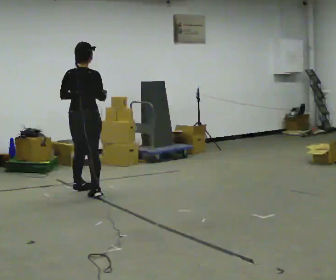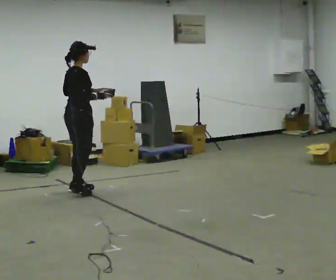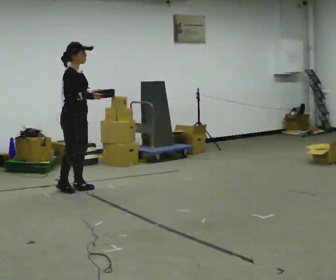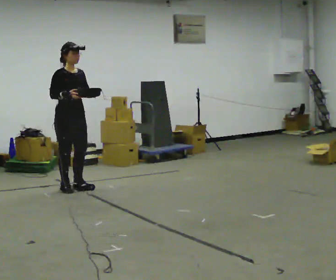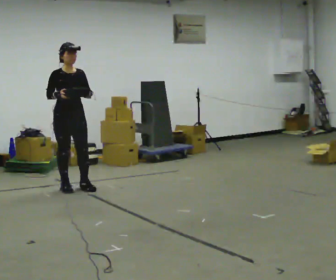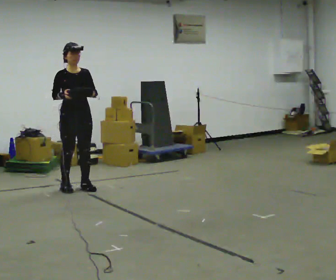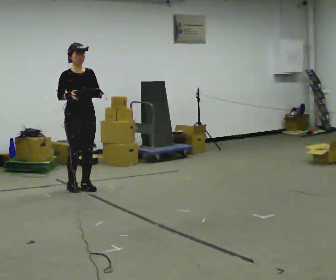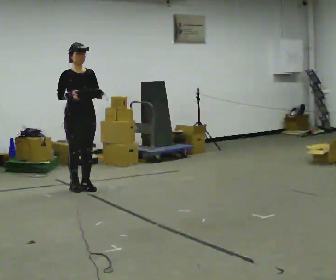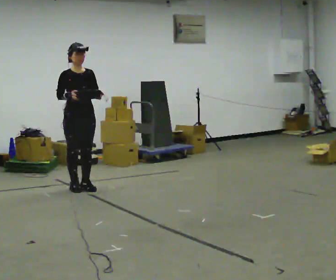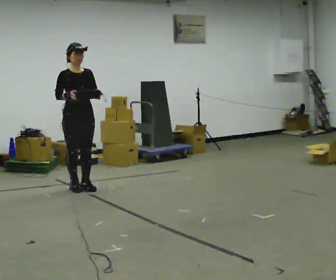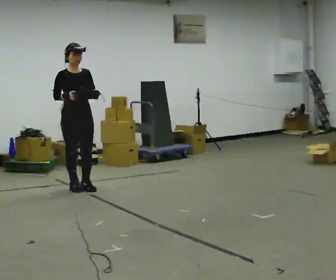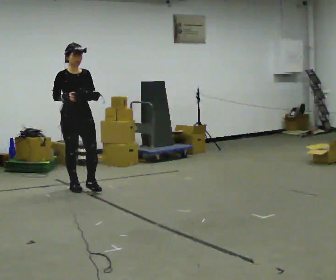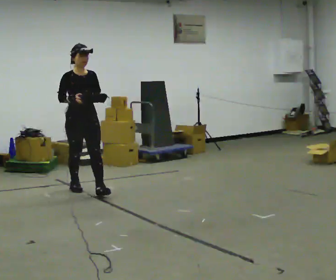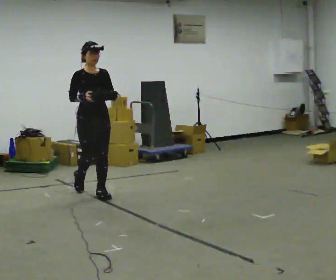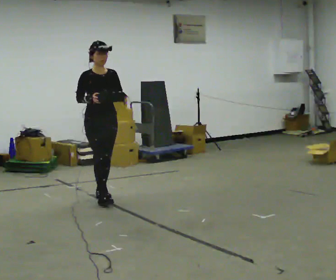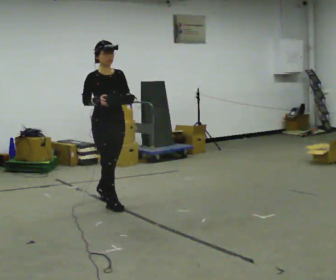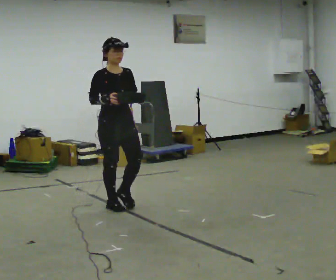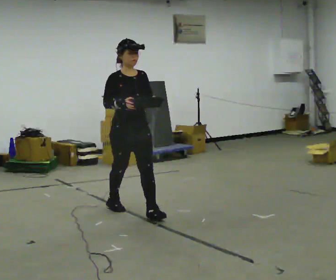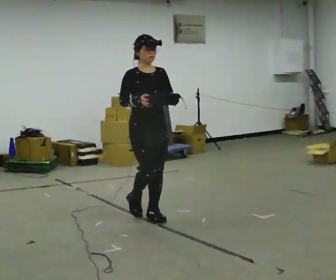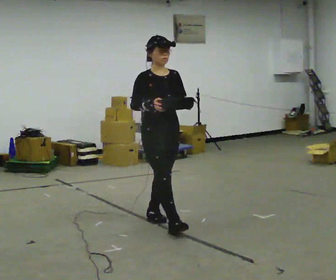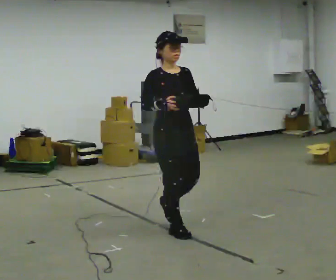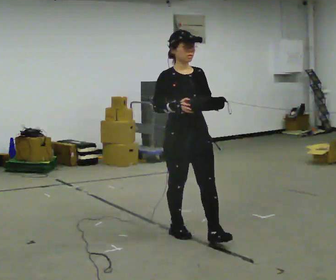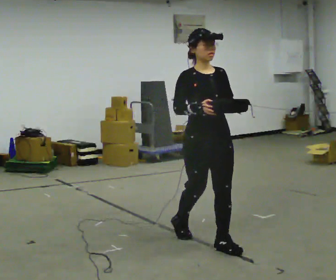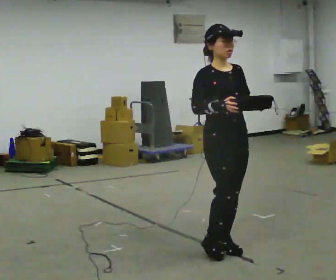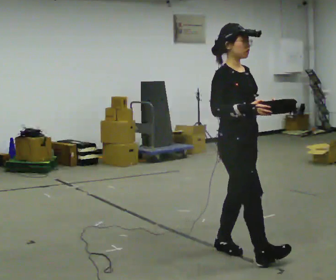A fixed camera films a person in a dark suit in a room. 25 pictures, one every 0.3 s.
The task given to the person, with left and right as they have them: Carry the object across the room. The lid hangs loose and will swing, so carry it however works. Keep going until the operator says stop; one object at a time, and do not rush between trips.
0.0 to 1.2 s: Seen from above the body turns clockwise, about 135 degrees: to their right, with its near side sliding to the left. In the picture they go away from the camera and to the left, about 0.25 m in 1 step.
1.2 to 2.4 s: The person moves a little, or ends about where they began.
2.4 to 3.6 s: In the picture they go toward the camera, about 0.25 m in 1 step, which for them is forward.
3.6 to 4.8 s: In the picture they go toward the camera and to the right, about 1 m in 1 step, which for them is forward.
4.8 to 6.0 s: In the picture they go toward the camera and to the right, about 1 m in 2 steps, which for them is forward.
6.0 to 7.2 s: The part of the body nearest the lens slides to the right as the person turns to their left by about 30 degrees. In the picture they go toward the camera and to the right, about 1 m in 1 step, which for them is forward.
The film runs forward here.
